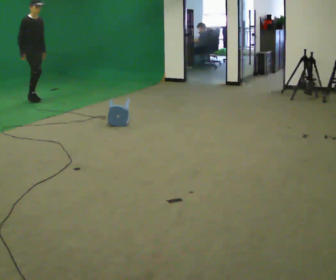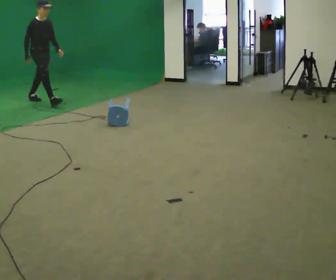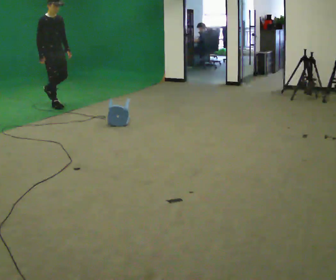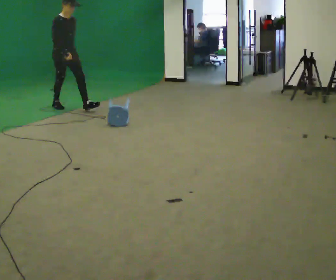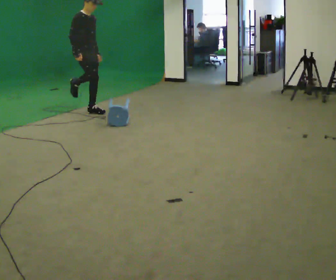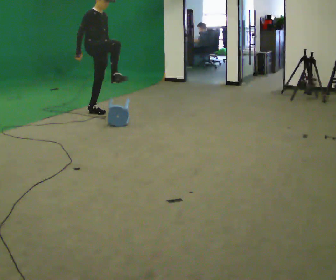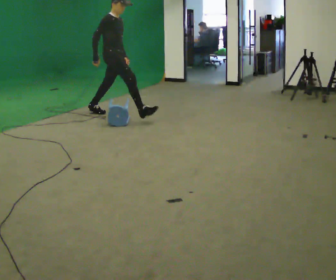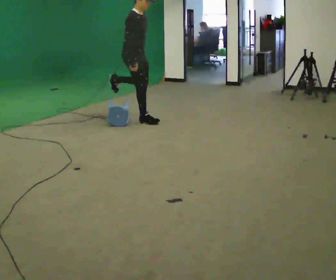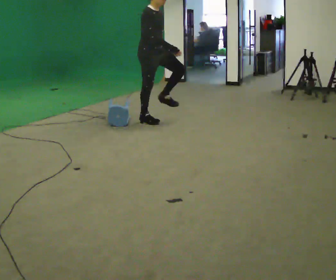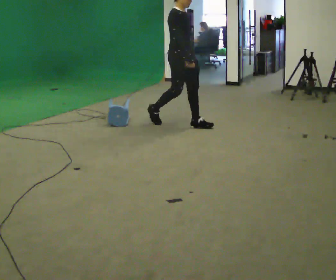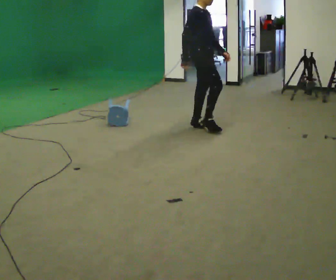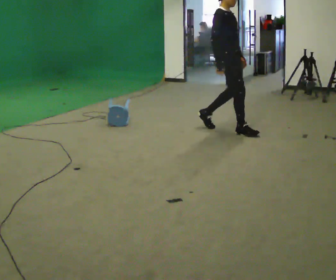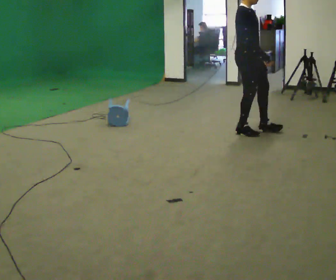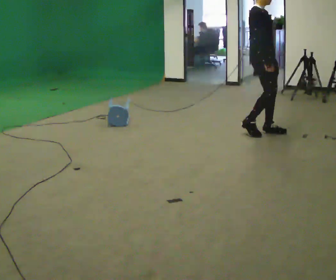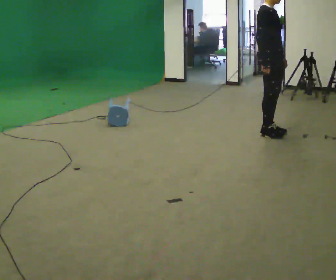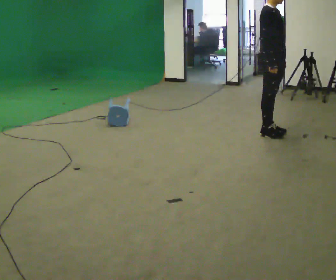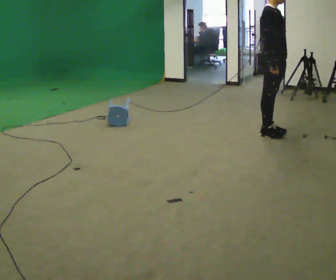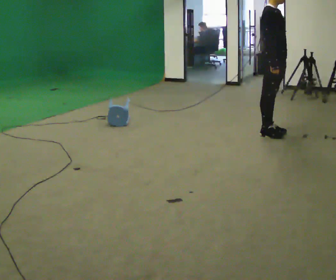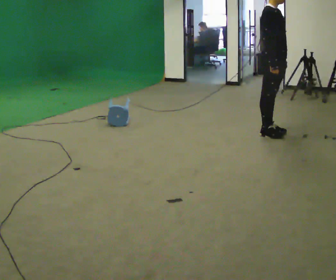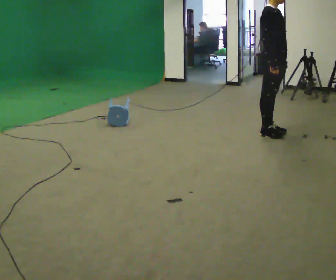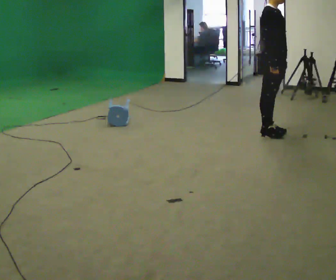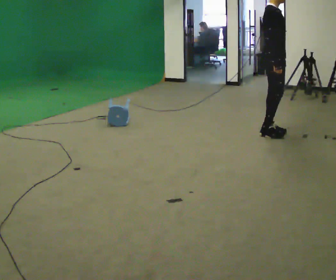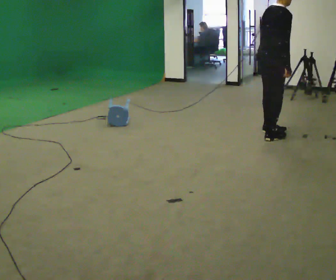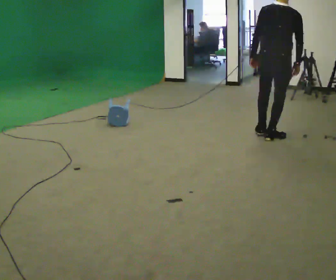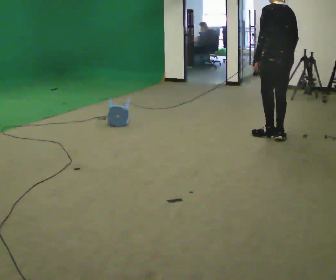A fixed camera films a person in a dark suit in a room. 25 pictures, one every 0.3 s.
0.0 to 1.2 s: In the picture they go to the right, about 1.5 m in 2 steps, which for them is forward.
1.2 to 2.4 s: In the picture they go to the right, about 1 m in 1 step, which for them is forward and to their right.
2.4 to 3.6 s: In the picture they go to the right, about 1 m in 2 steps, which for them is forward.
3.6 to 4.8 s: In the picture they go to the right, about 0.25 m in 2 steps, which for them is forward.
4.8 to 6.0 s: The person keeps their place and pose.
6.0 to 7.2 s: Seen from above the body turns counterclockwise, about 150 degrees: to their left, with its near side sliding to the right.
The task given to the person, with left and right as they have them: Walk toward low obstacle; step over without stopping; continue.
The film runs forward here.
